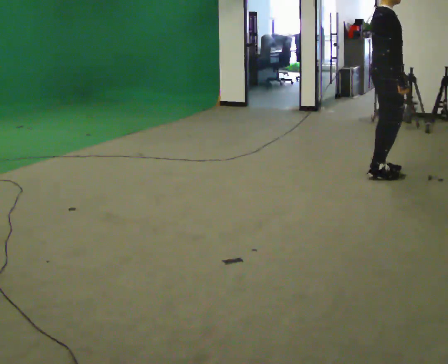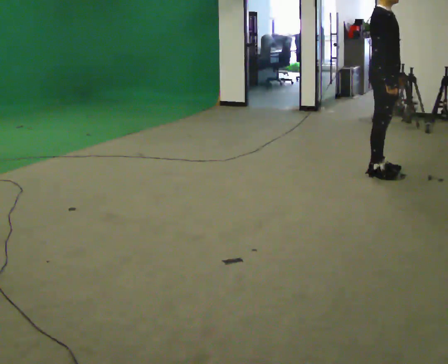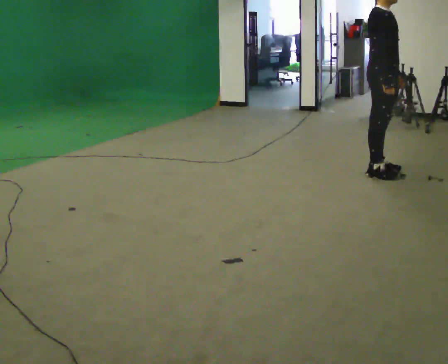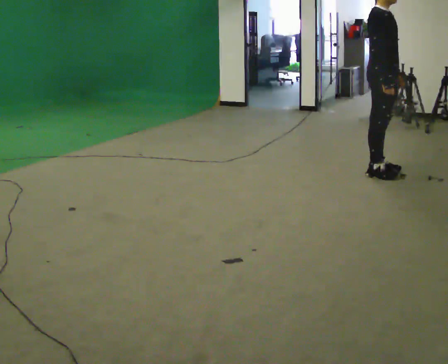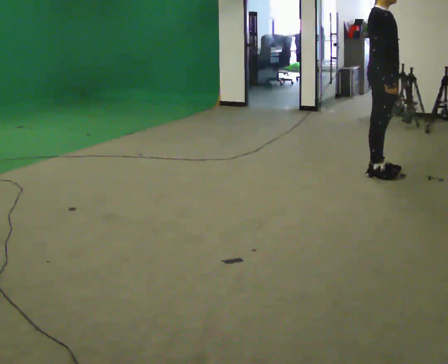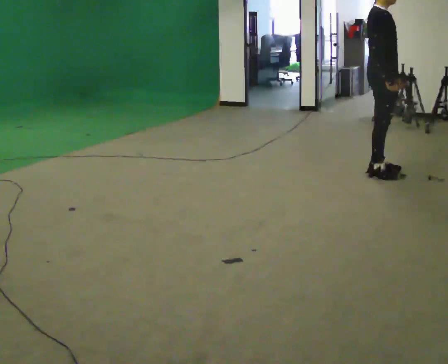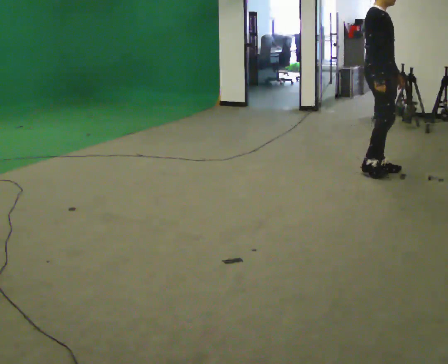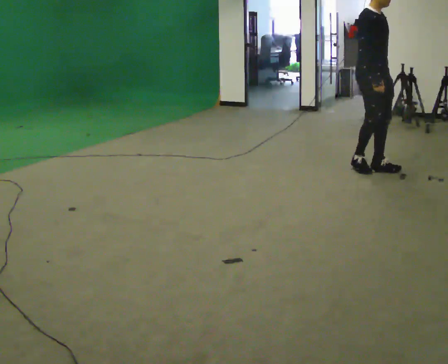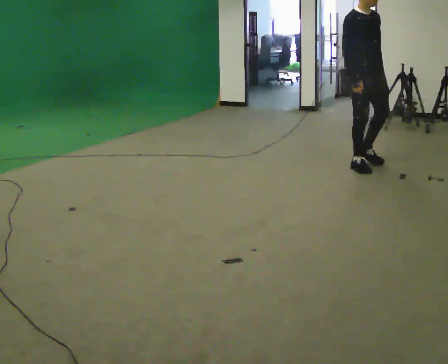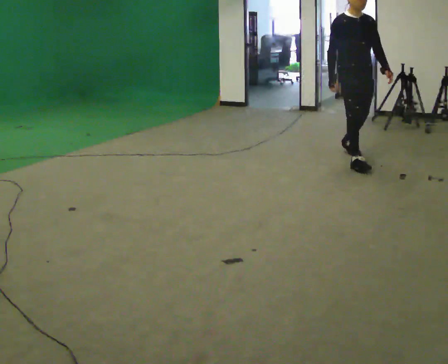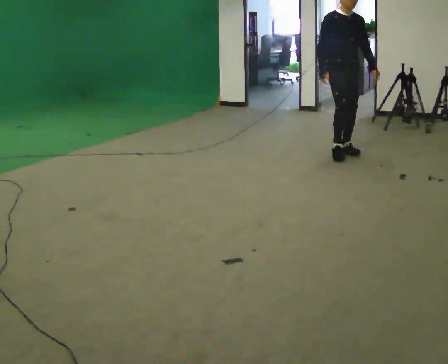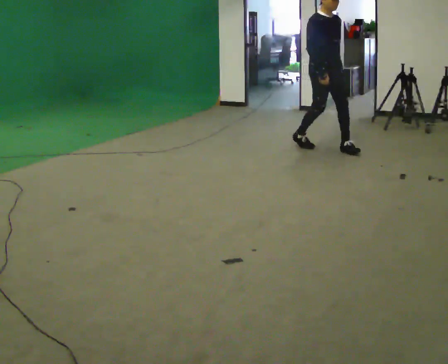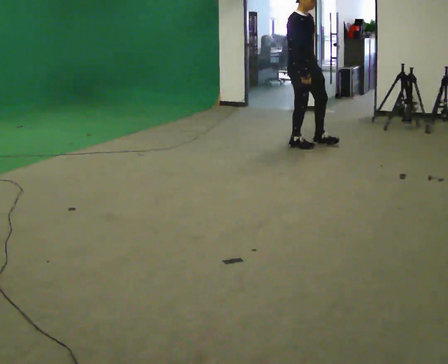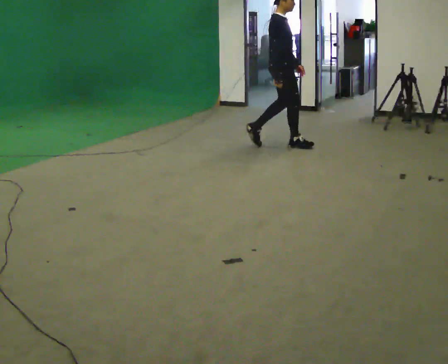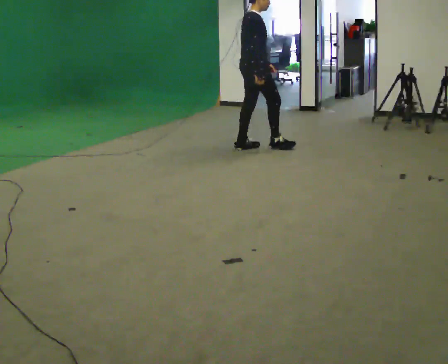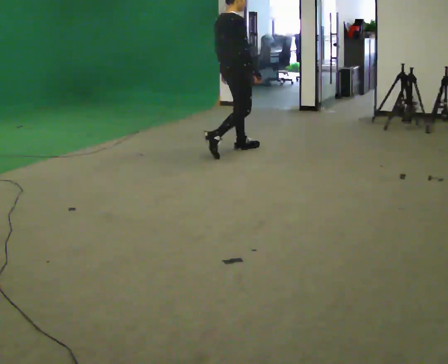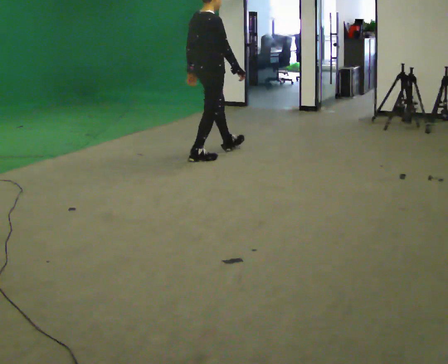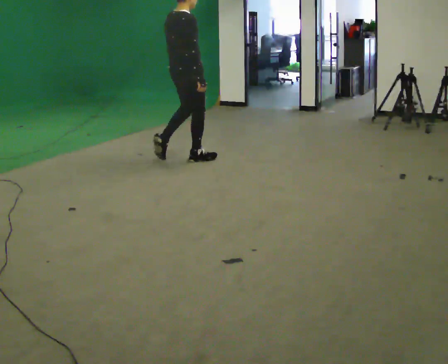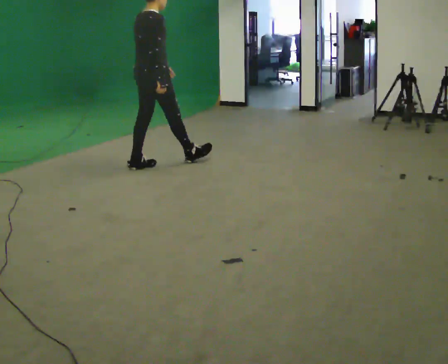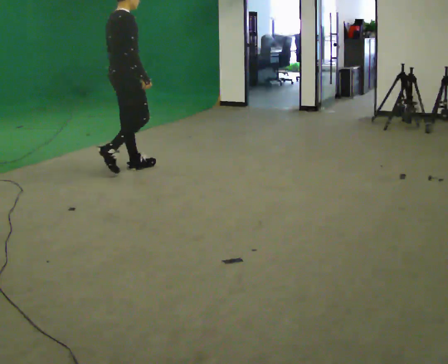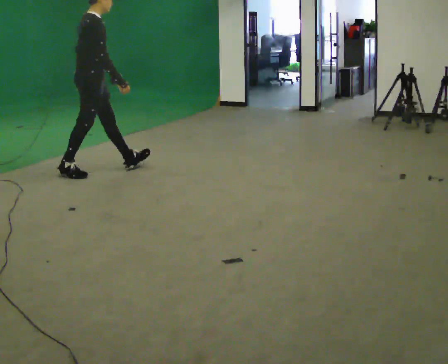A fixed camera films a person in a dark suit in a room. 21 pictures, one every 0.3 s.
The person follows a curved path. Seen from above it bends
counterclockwise.
The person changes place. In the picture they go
to the left.
0.0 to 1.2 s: The part of the body nearest the lens slides to the left as the person turns to their right by about 30 degrees.
1.2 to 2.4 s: The person turns about 30 degrees to their right, clockwise seen from above, so the part of the body nearest the lens slides to the left. In the picture they go away from the camera and to the left, about 0.25 m in 2 steps, which for them is backward and to their left.
2.4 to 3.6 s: In the picture they go to the left and away from the camera, about 1 m in 2 steps, which for them is backward.
3.6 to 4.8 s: The part of the body nearest the lens slides to the right as the person turns to their left by about 60 degrees. In the picture they go to the left and toward the camera, about 1 m in 2 steps.
4.8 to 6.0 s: In the picture they go to the left and toward the camera, about 1 m in 2 steps, which for them is backward.
The film runs backward here.
